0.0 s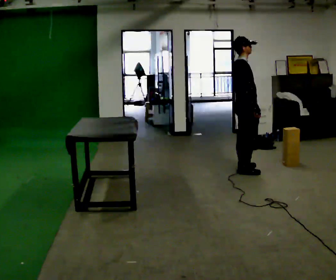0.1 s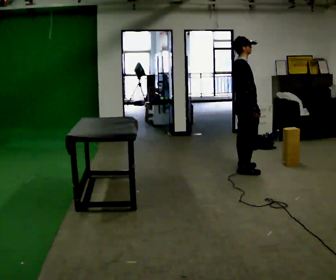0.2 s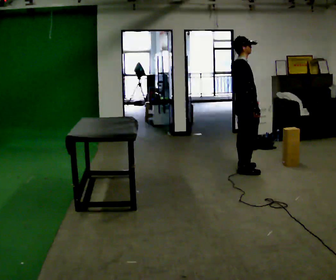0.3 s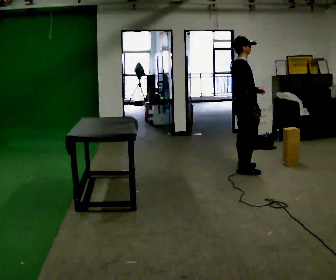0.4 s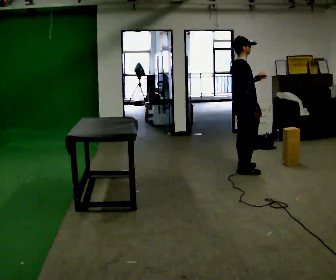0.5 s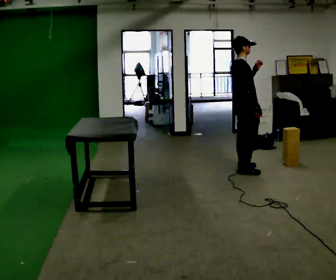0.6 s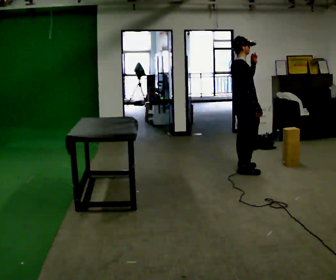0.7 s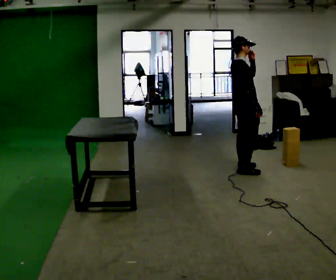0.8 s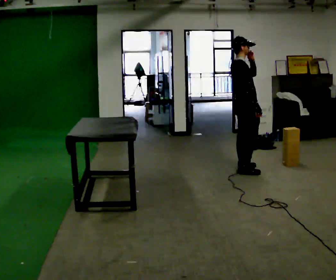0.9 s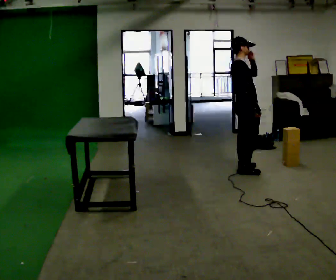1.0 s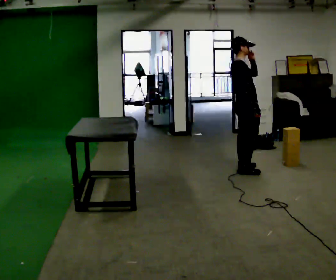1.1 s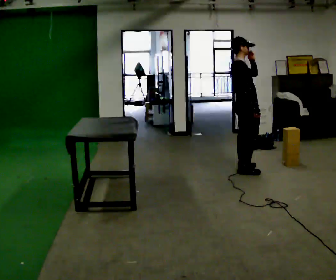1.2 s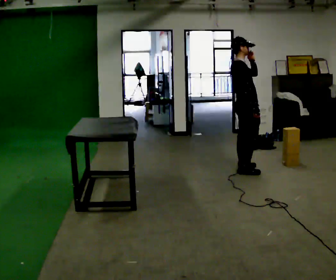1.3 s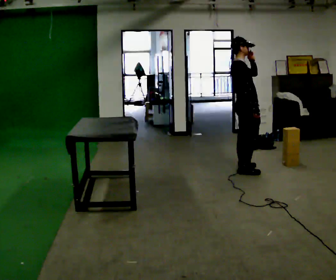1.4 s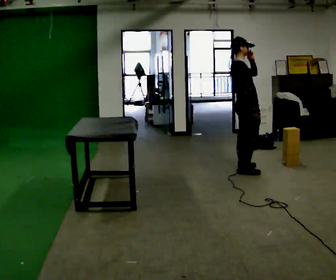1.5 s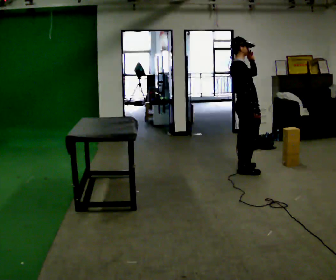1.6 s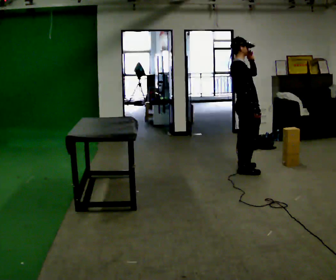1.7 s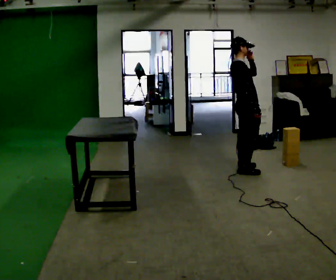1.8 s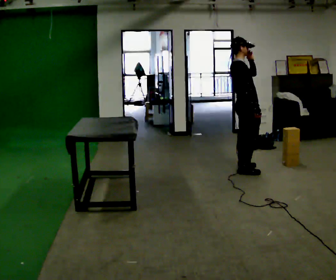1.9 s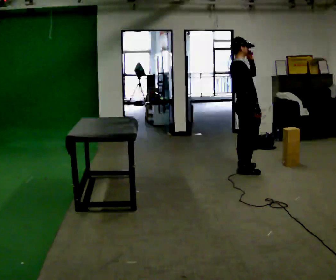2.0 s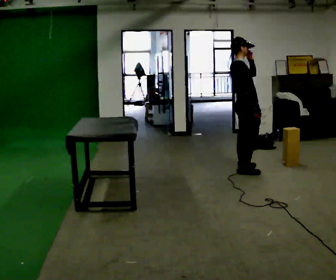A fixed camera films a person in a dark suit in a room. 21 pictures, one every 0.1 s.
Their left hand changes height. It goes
upward.
0.0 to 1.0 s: In the picture their left hand goes upward.
1.0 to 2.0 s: The person keeps their place and pose.
The film runs forward here.
